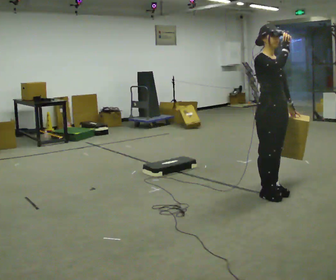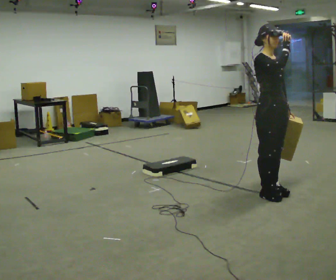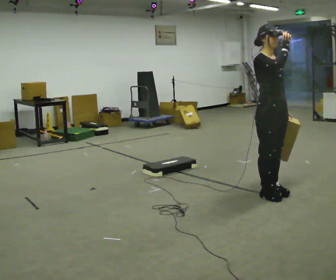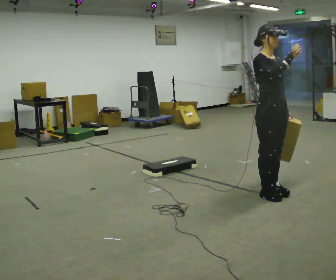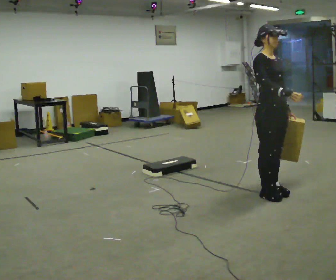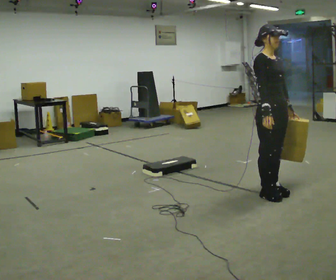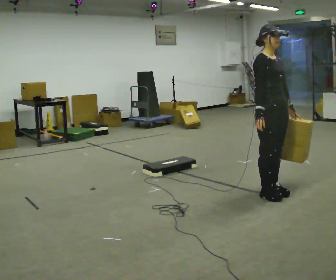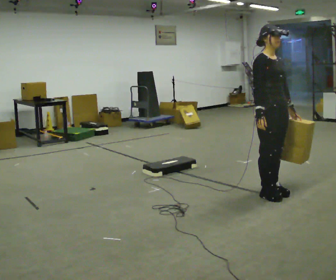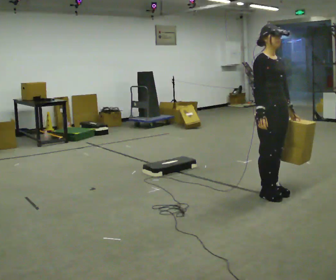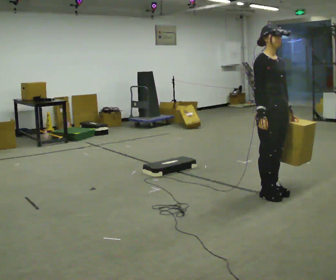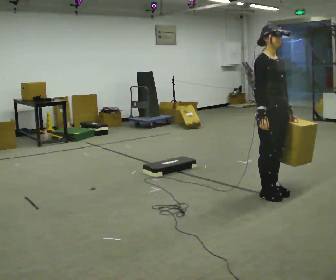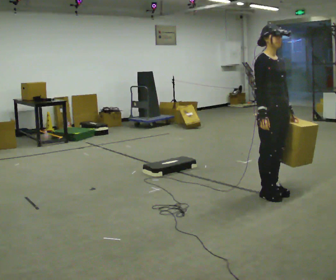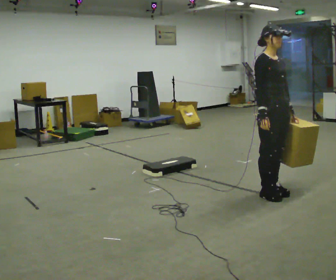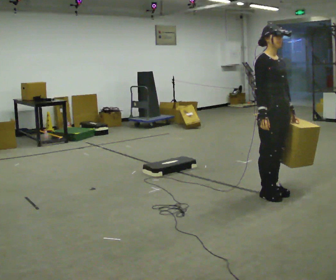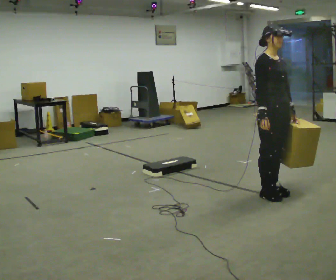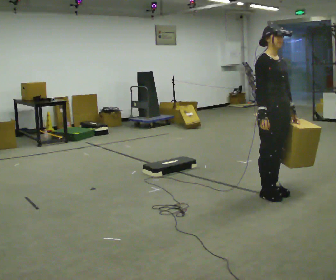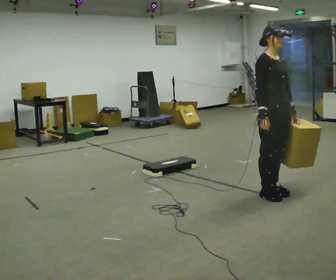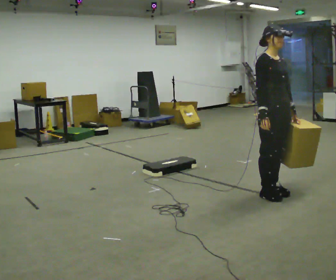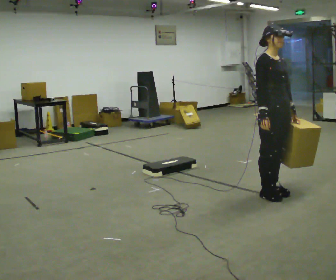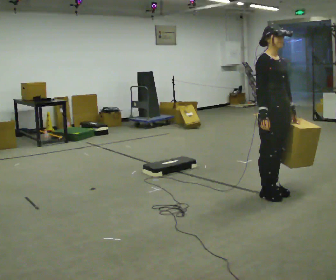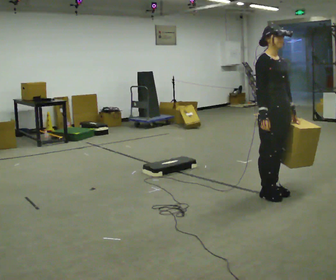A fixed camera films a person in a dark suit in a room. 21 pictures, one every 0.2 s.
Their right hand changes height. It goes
downward.
0.0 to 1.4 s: In the picture their right hand goes downward.
1.4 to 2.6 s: The person moves a little, or ends about where they began.
2.6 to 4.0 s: The person keeps their place and pose.
The film runs forward here.
